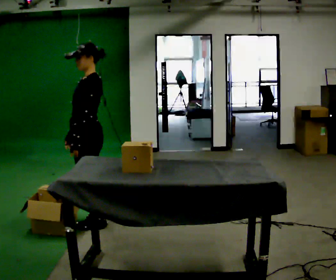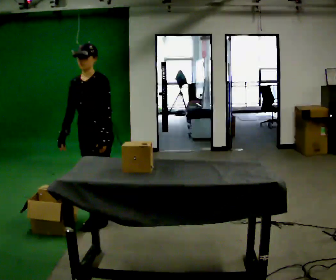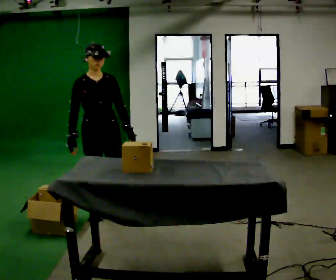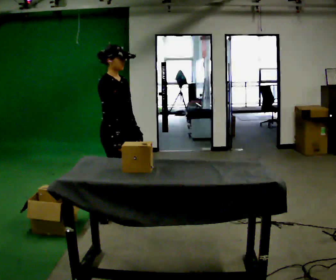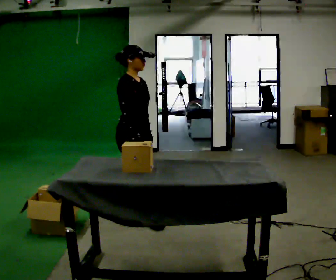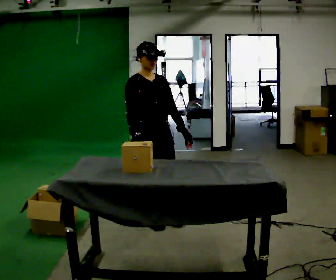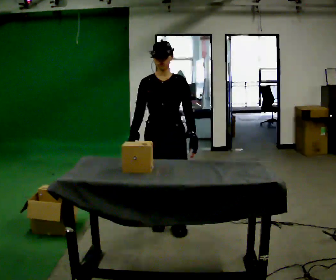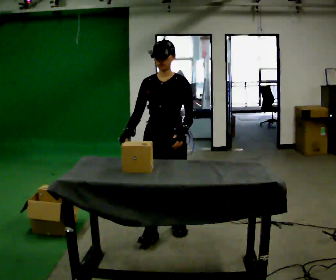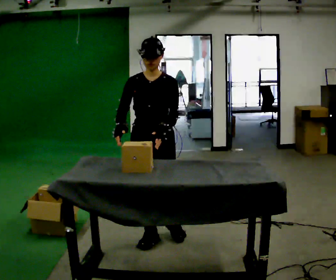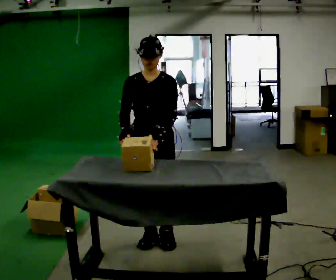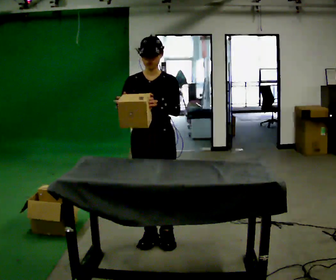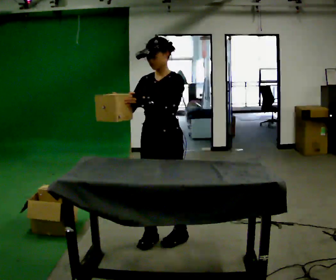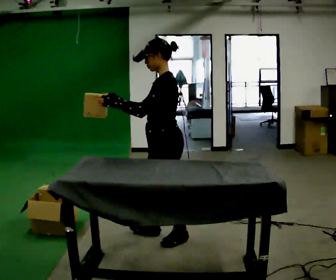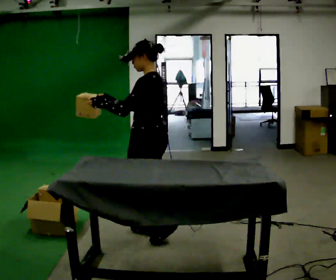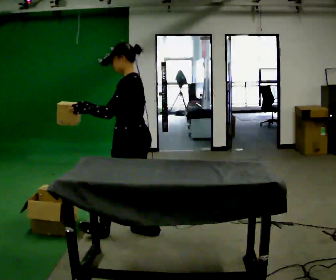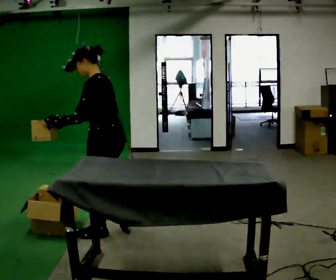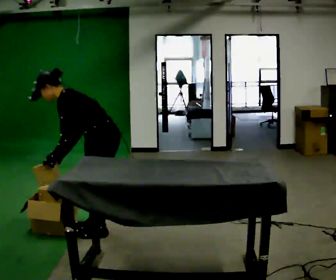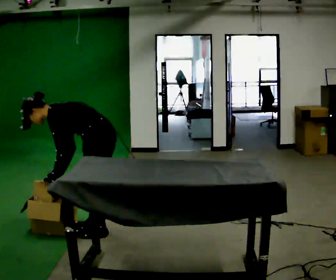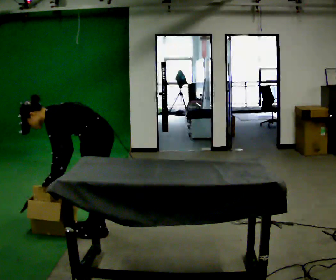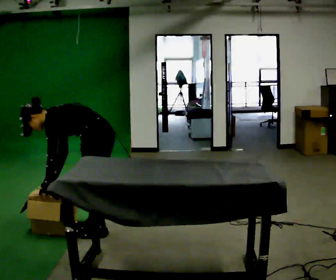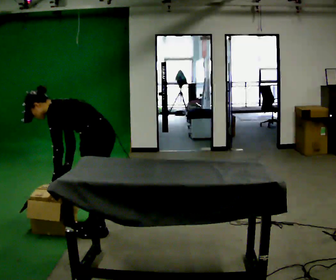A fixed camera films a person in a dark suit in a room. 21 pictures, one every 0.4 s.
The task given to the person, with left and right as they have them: Carry each object across the room and drop it into the container on the floor, then walk back for the next one. Keep going until the operator says stop; one object at a time, and do not rush between trips.
0.0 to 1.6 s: The part of the body nearest the lens slides to the right as the person turns to their left by about 135 degrees. In the picture they go to the right, about 0.25 m in 3 steps.
1.6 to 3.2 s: The person turns about 75 degrees to their right, clockwise seen from above, so the part of the body nearest the lens slides to the left. In the picture they go toward the camera and to the right, about 0.5 m in 2 steps.
3.2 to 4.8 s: The person turns about 90 degrees to their right, clockwise seen from above, so the part of the body nearest the lens slides to the left. In the picture their left hand goes to the left.
4.8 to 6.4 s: In the picture they go to the left, about 0.5 m in 2 steps, which for them is forward. The upper body goes downward. In the picture the upper body tilts counterclockwise, shoulders to the left, as they bend forward. In the picture their right hand goes downward, the arm swinging counterclockwise.
6.4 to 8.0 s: The person moves a little, or ends about where they began.
The film runs forward here.
